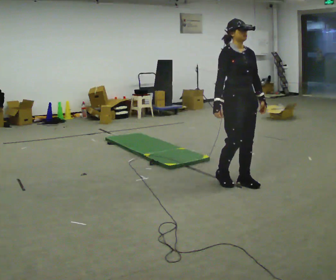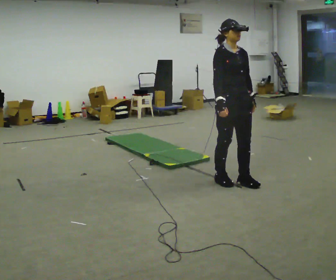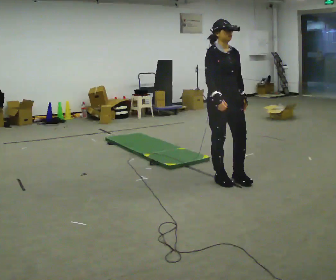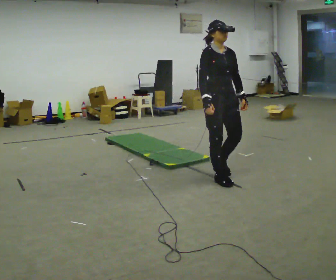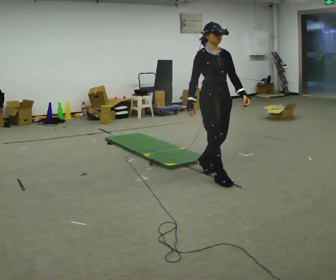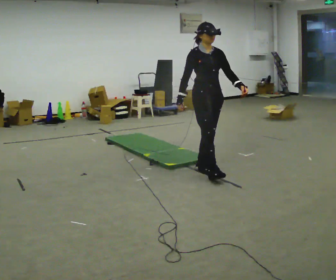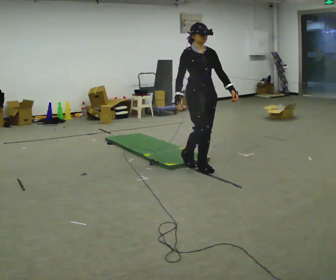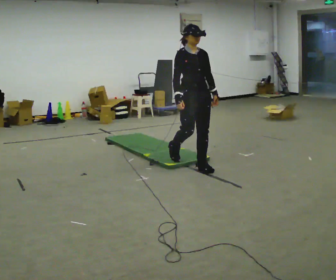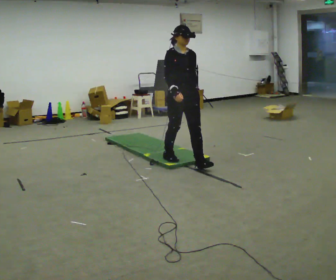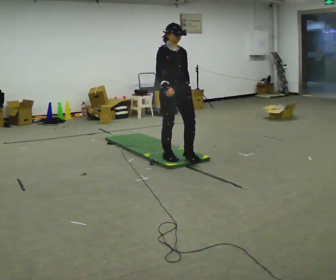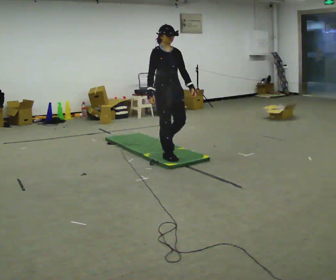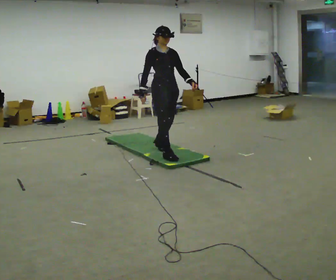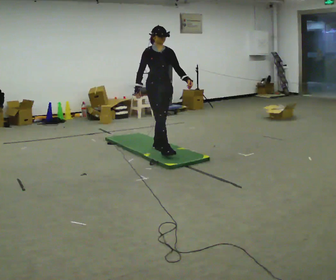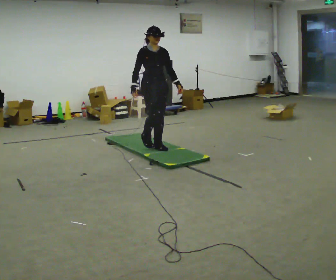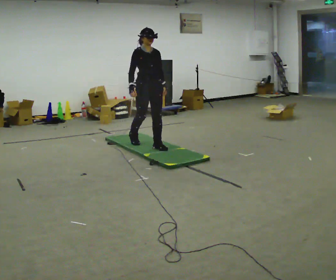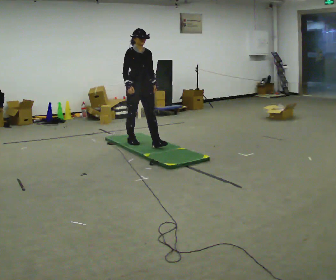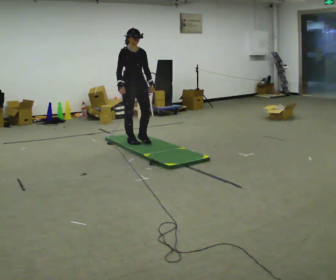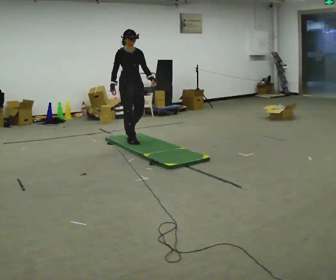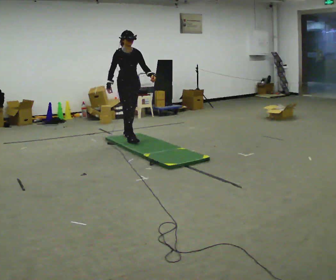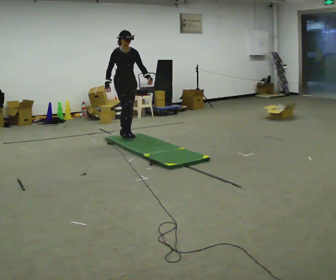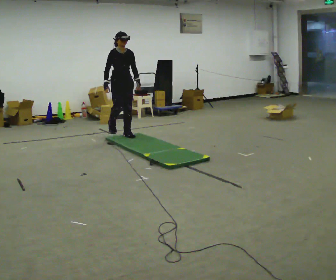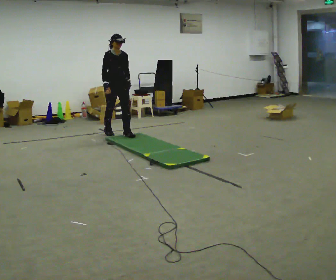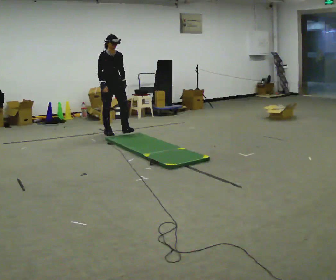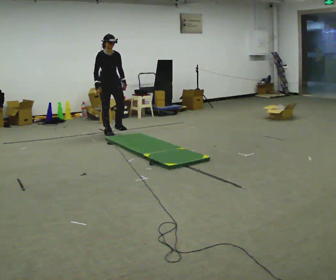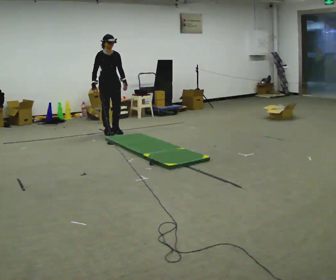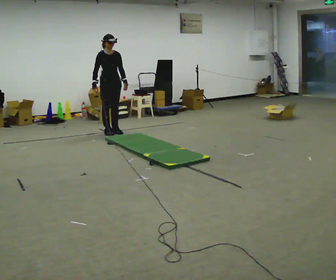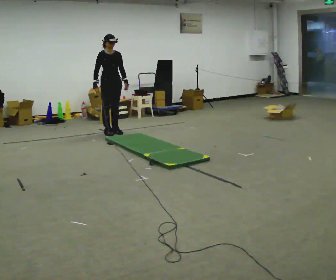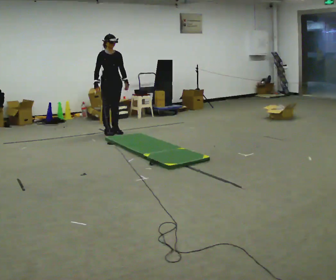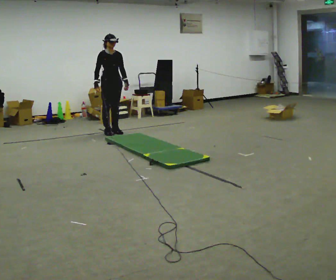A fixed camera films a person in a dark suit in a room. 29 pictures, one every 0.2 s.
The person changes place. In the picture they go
away from the camera.
0.0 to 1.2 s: In the picture they go away from the camera and to the left, about 0.5 m in 2 steps, which for them is backward.
1.2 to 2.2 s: In the picture they go away from the camera and to the left, about 0.75 m in 1 step, which for them is backward.
2.2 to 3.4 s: In the picture they go away from the camera and to the left, about 1 m in 2 steps, which for them is backward.
3.4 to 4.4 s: In the picture they go away from the camera and to the left, about 0.75 m in 2 steps, which for them is backward.
4.4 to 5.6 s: The person moves a little, or ends about where they began.
The film runs backward here.
